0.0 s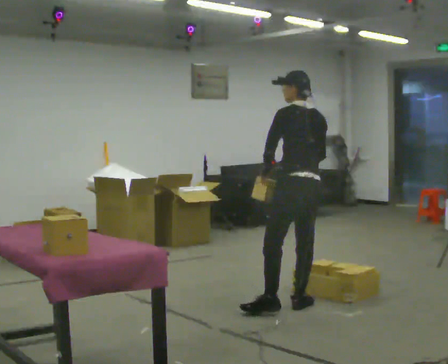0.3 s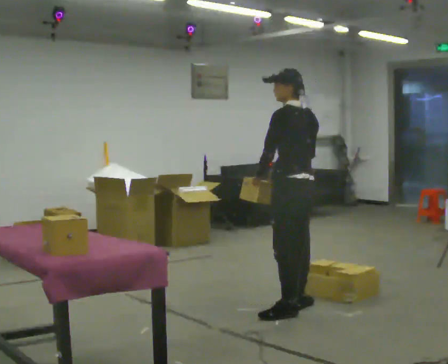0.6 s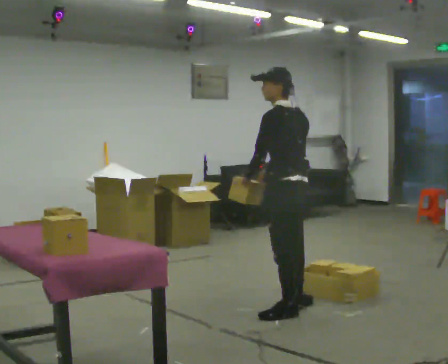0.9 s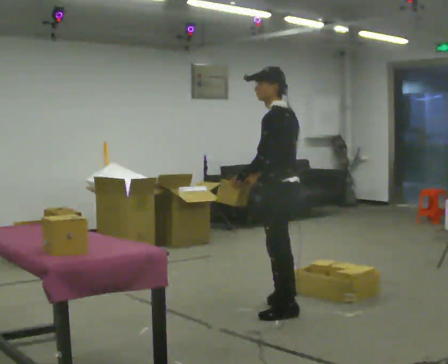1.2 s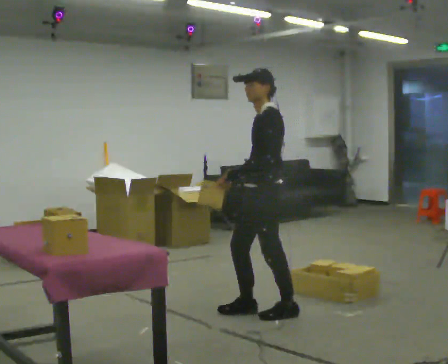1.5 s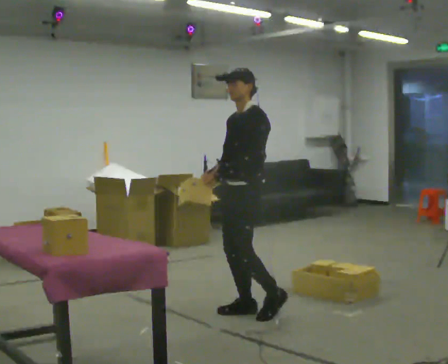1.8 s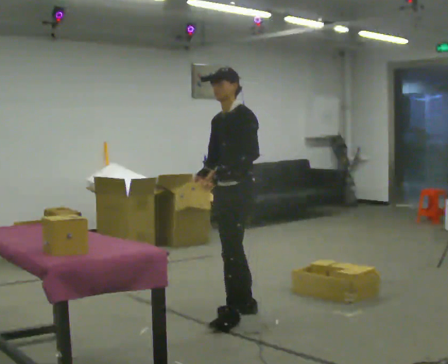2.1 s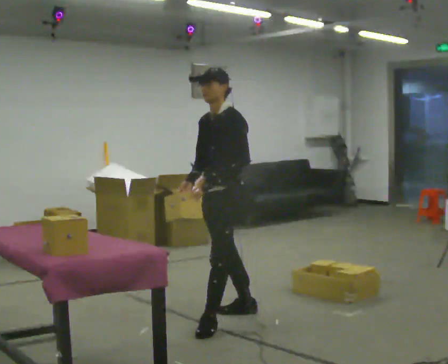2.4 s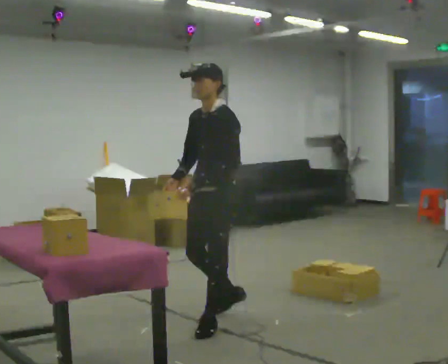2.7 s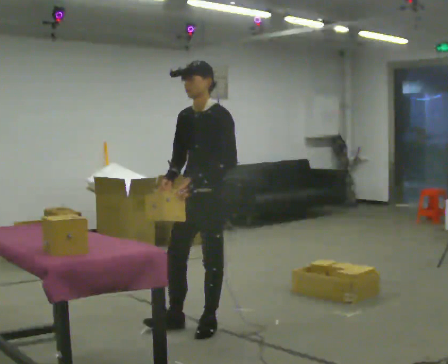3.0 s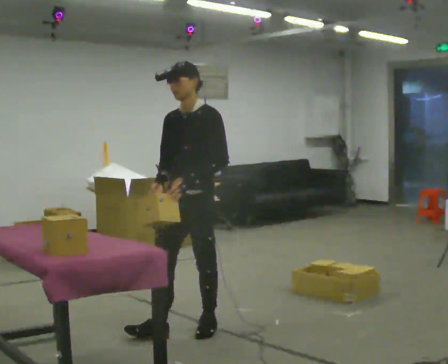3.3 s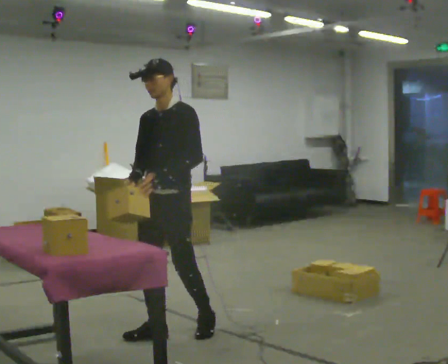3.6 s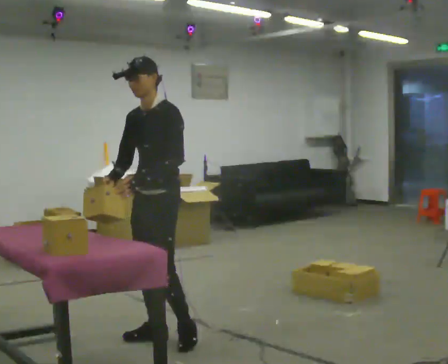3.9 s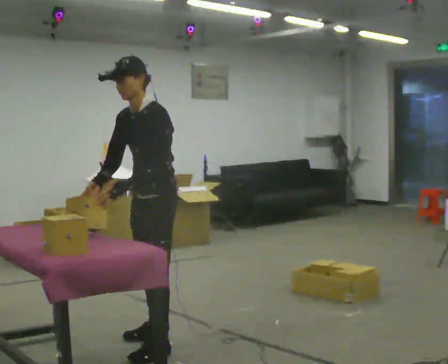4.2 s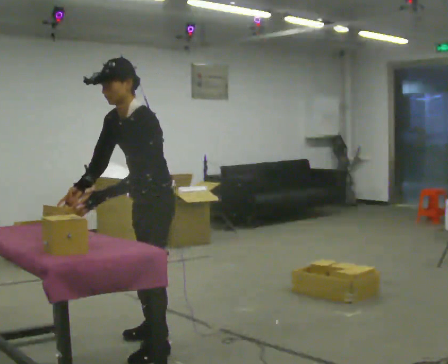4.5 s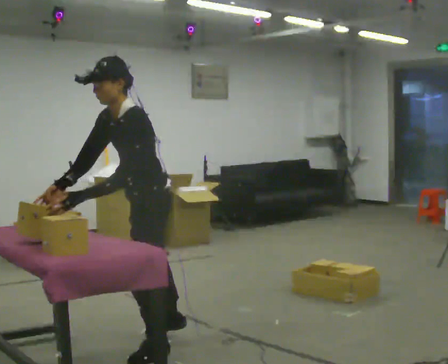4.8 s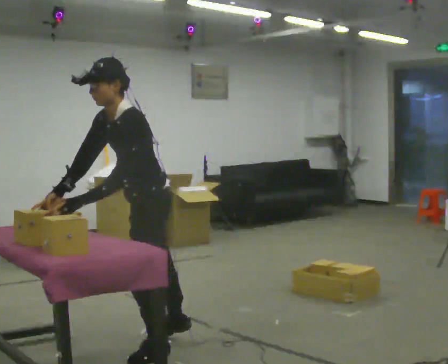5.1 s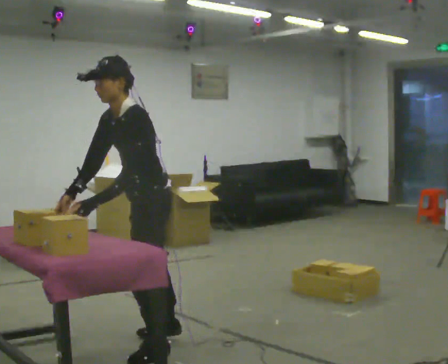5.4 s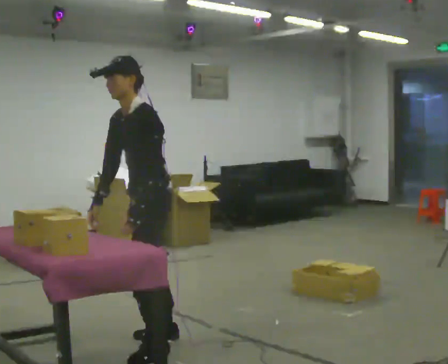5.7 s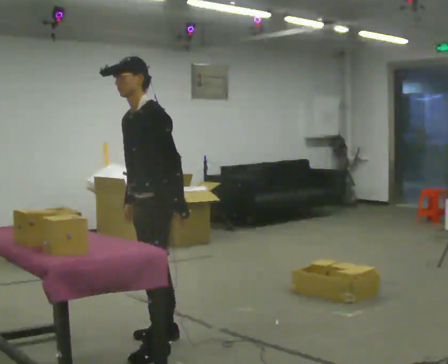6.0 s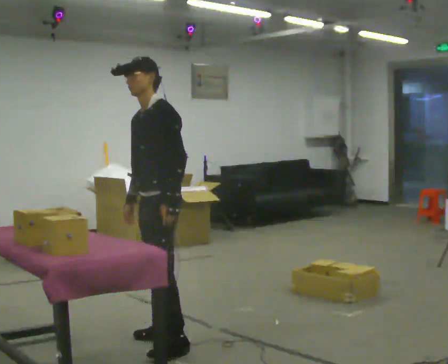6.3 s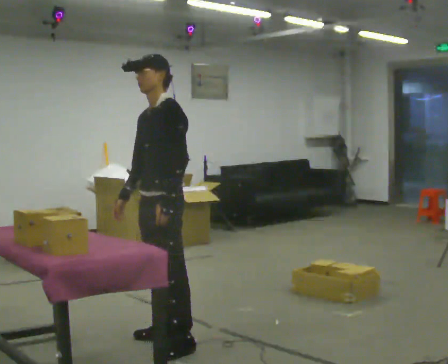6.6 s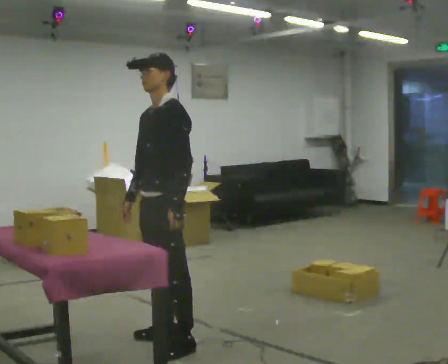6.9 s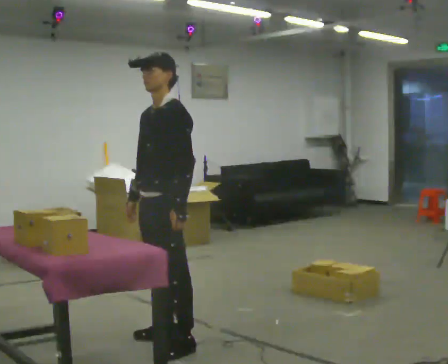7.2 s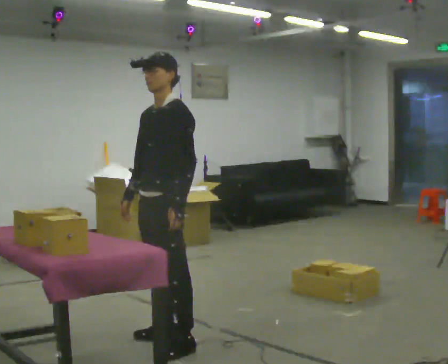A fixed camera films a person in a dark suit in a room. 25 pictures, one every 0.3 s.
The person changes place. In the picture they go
to the left.
0.0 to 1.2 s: The part of the body nearest the lens slides to the right as the person turns to their left by about 60 degrees. In the picture they go to the left, about 0.25 m in 2 steps.
1.2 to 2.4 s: The part of the body nearest the lens slides to the right as the person turns to their left by about 30 degrees. In the picture they go to the left, about 0.5 m in 1 step, which for them is forward.
2.4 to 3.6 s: In the picture they go to the left and toward the camera, about 0.5 m in 1 step, which for them is forward.
3.6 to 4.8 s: Seen from above the body turns clockwise, about 30 degrees: to their right, with its near side sliding to the left. In the picture they go toward the camera, about 0.25 m in 1 step, which for them is to their left and forward. The upper body tips toward the camera, its near side rolling downward, as they bend forward.
4.8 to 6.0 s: In the picture they go away from the camera, about 0.25 m, which for them is to their right and backward. The upper body tips away from the camera, its near side rolling upward, as they lean back or straighten.
6.0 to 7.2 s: The person moves a little, or ends about where they began.
The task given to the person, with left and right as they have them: Reach down into the deep bin on the floor, take out one object at a time, carry it to the shelf, and come back for the next one. Keep going until the operator says stop; one object at a time, and do not rush between trips.
The film runs forward here.
